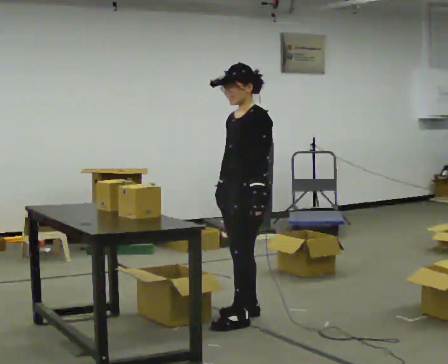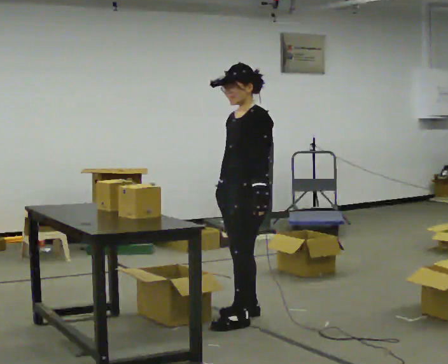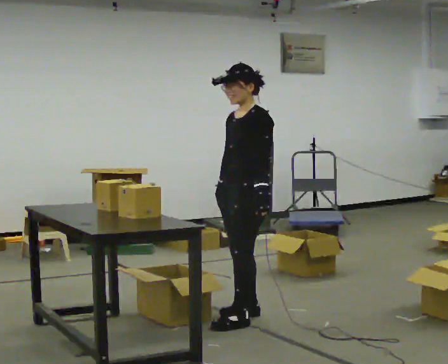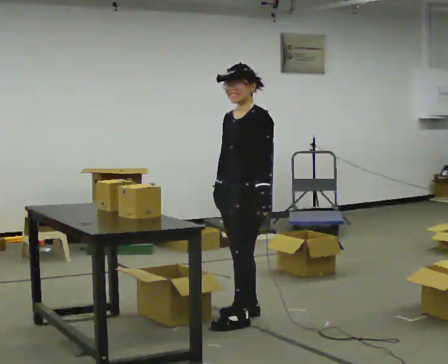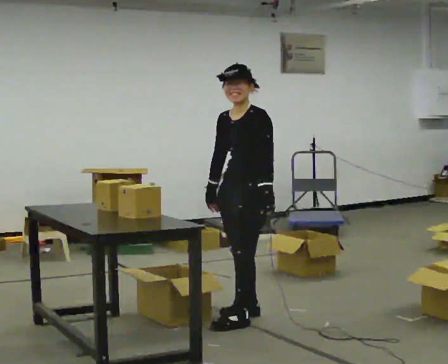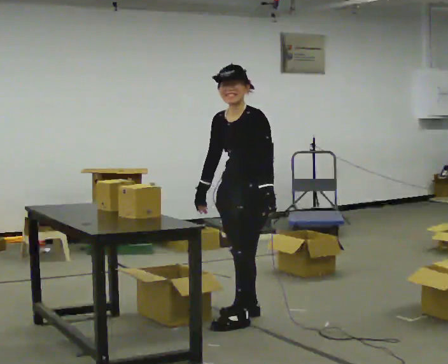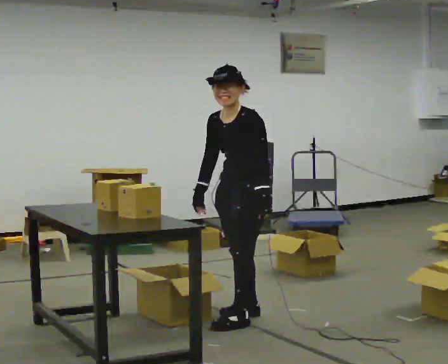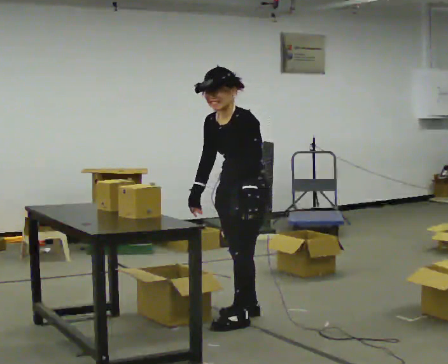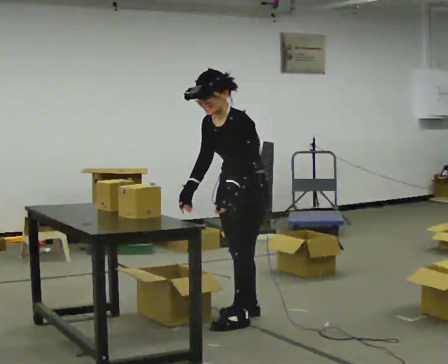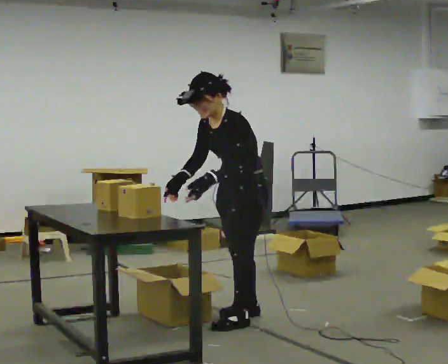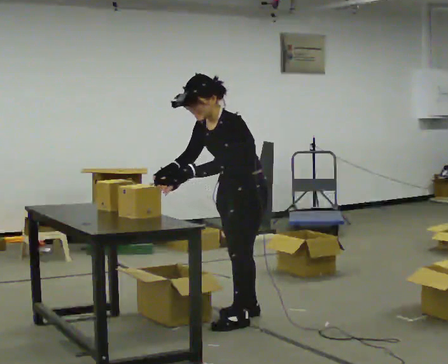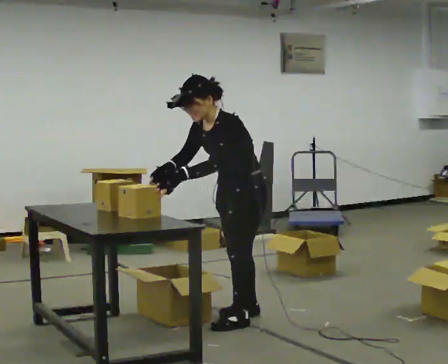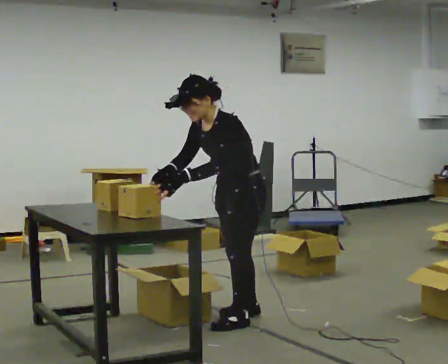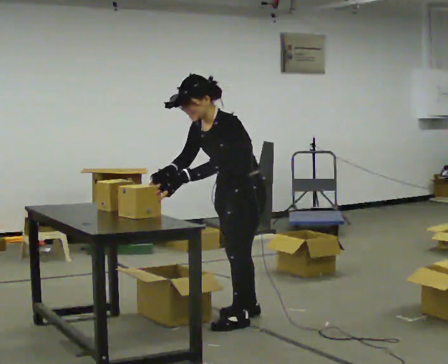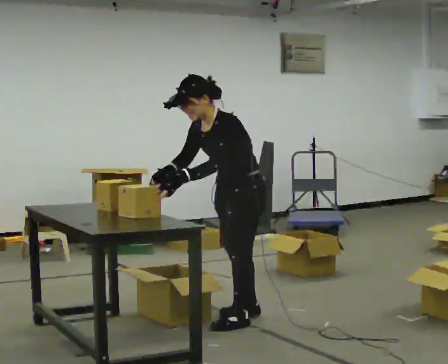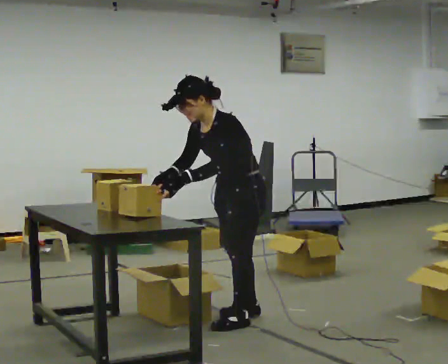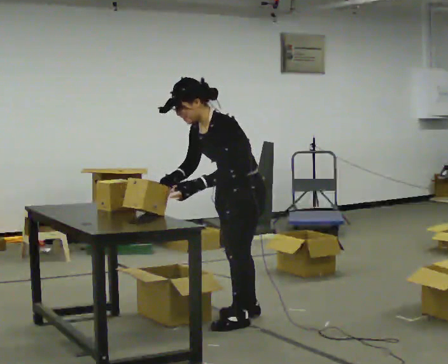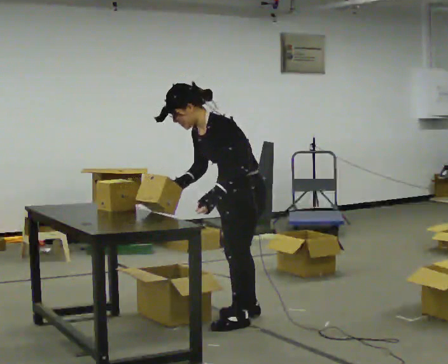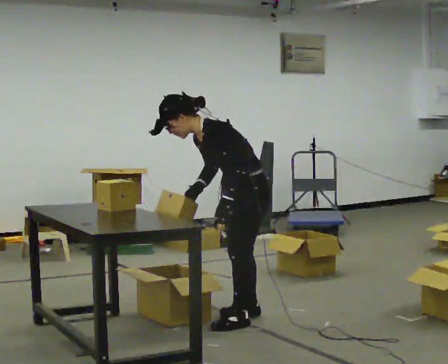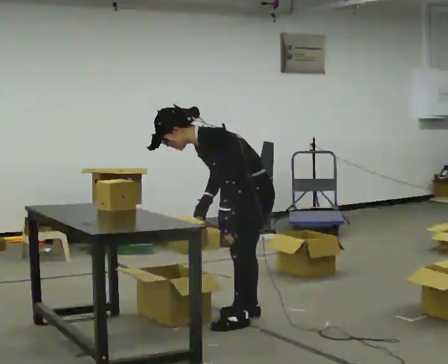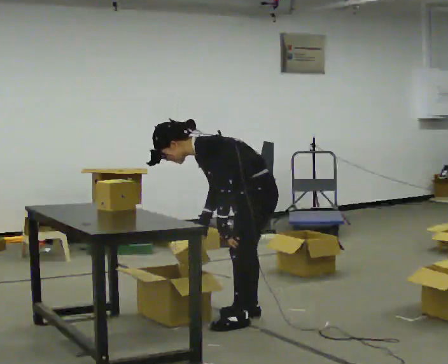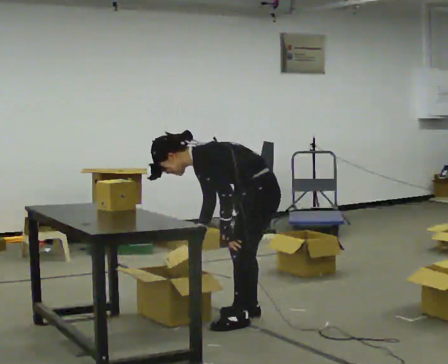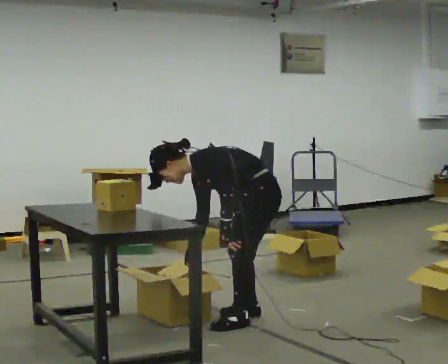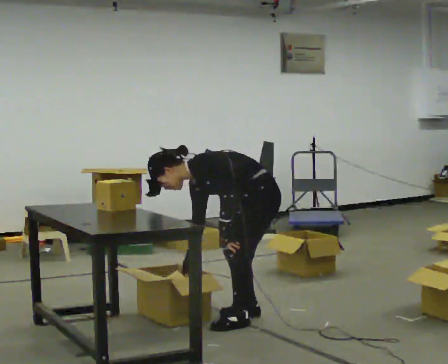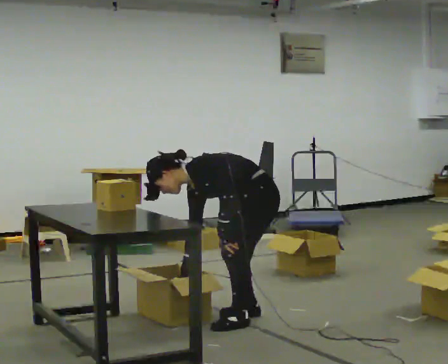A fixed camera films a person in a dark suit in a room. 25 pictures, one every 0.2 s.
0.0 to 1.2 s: The person moves a little, or ends about where they began.
1.2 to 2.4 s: In the picture the upper body tilts counterclockwise, shoulders to the left, as they bend forward. In the picture their left hand goes to the left, the arm swinging clockwise.
2.4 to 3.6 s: In the picture the upper body tilts counterclockwise, shoulders to the left.
3.6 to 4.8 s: The shoulders move downward. In the picture the upper body tilts counterclockwise, shoulders to the left, as they bend forward. In the picture their right hand goes downward.
The film runs forward here.
